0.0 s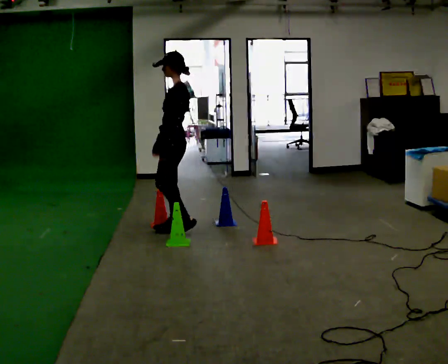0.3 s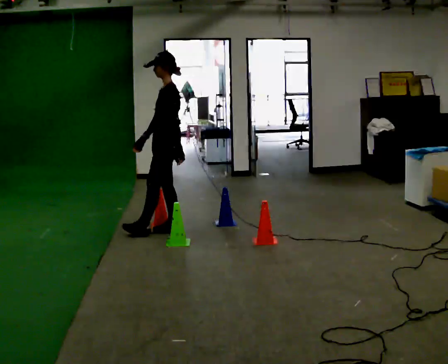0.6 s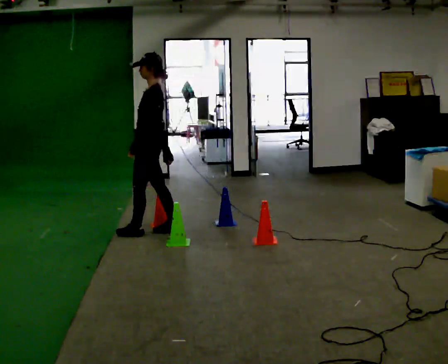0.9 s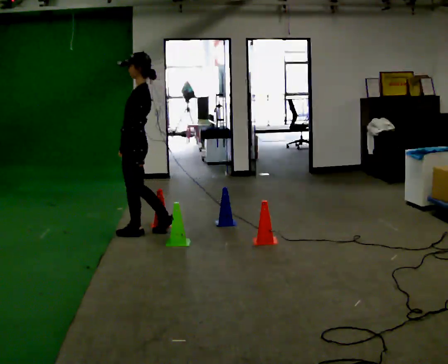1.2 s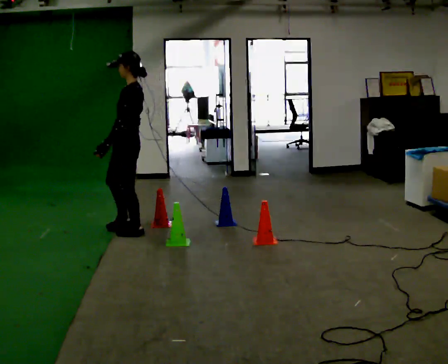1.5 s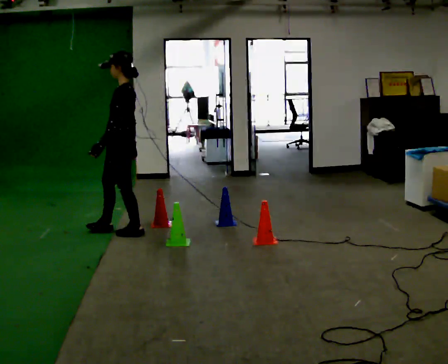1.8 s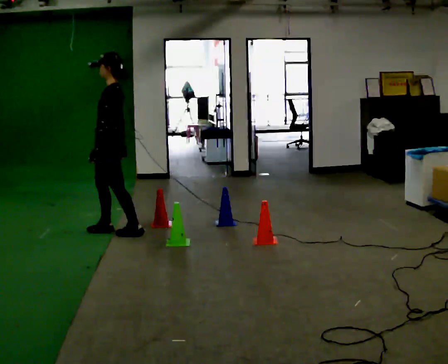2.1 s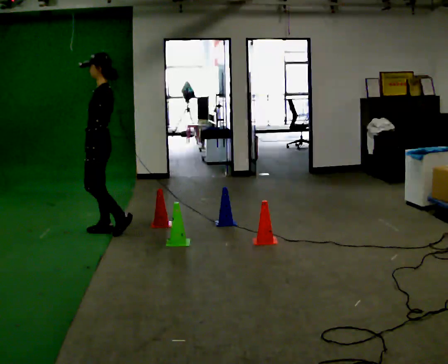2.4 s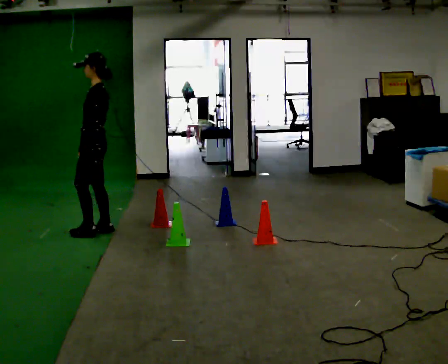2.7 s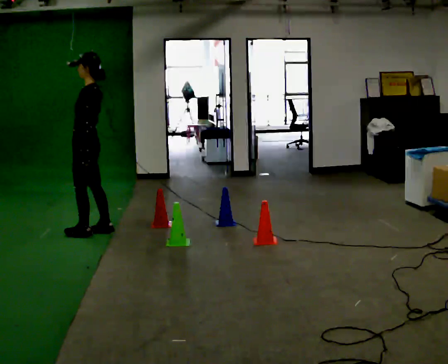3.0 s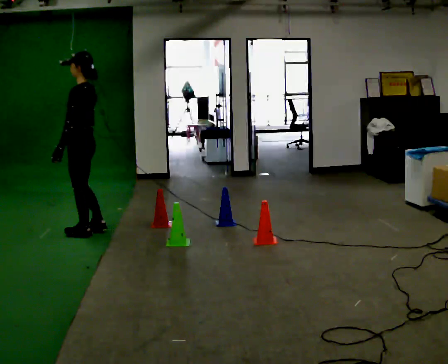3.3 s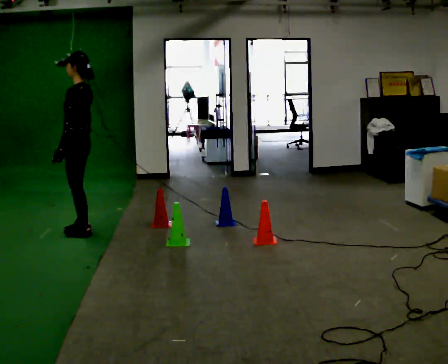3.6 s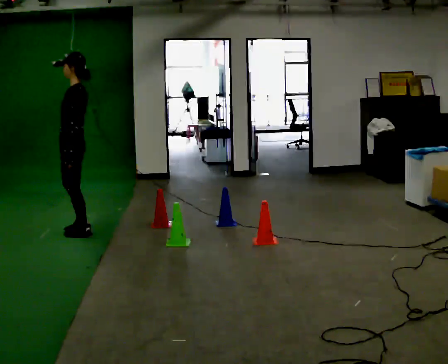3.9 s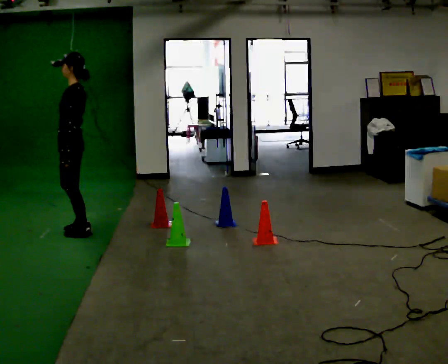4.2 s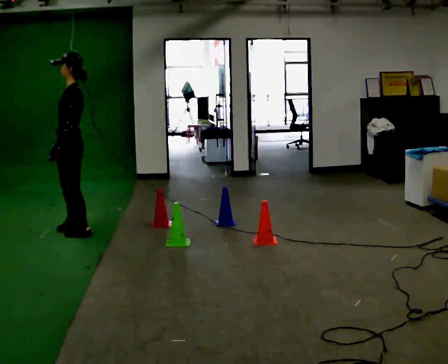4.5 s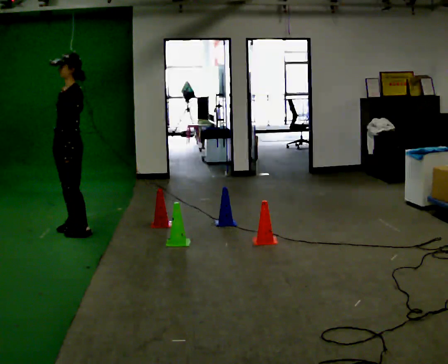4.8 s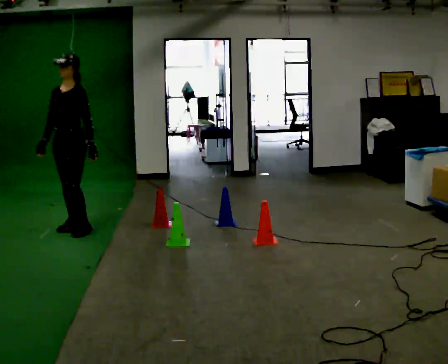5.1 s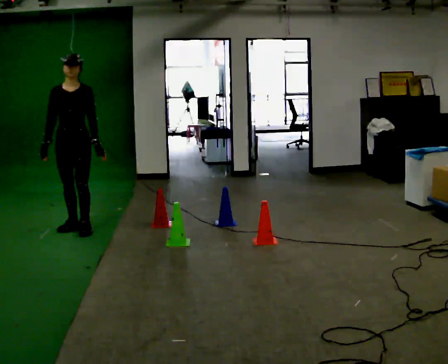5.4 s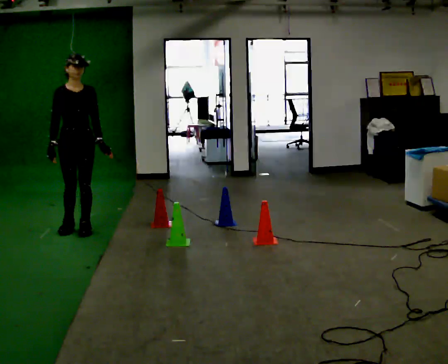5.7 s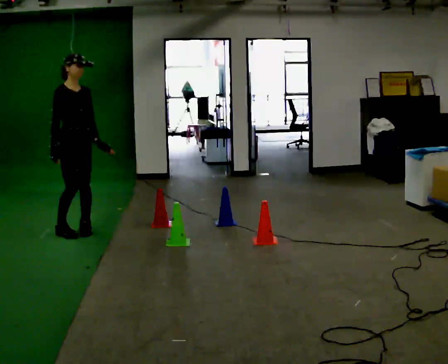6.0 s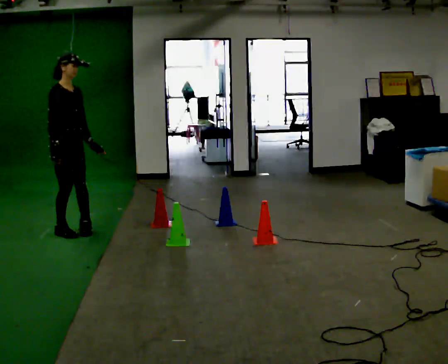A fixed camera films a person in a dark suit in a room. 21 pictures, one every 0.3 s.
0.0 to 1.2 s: In the picture they go to the left, about 0.5 m in 1 step, which for them is forward.
1.2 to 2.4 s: In the picture they go to the left, about 0.25 m in 1 step, which for them is forward.
2.4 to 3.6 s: In the picture they go to the left, about 0.25 m in 2 steps, which for them is forward and to their left.
3.6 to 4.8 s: The part of the body nearest the lens slides to the right as the person turns to their left by about 60 degrees. In the picture they go away from the camera, about 0.25 m, which for them is to their right. In the picture their right hand goes to the left.
4.8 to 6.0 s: The part of the body nearest the lens slides to the right as the person turns to their left by about 90 degrees.
The film runs forward here.
